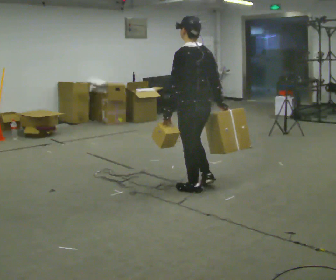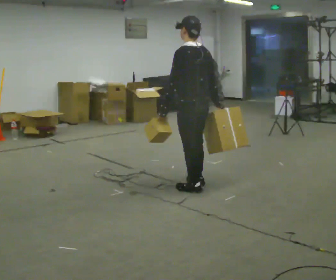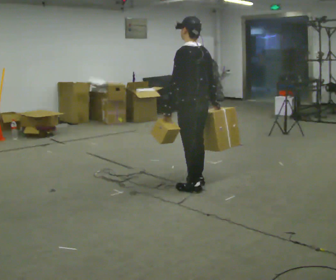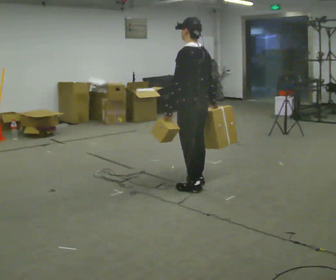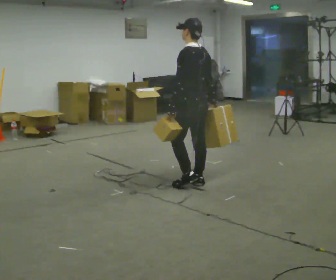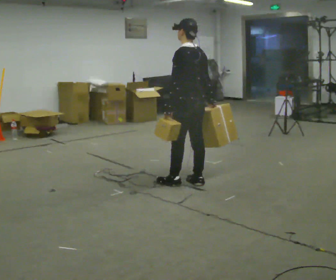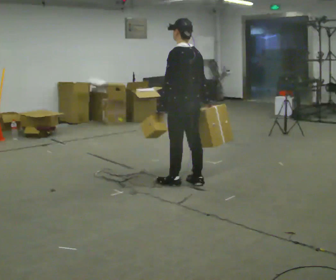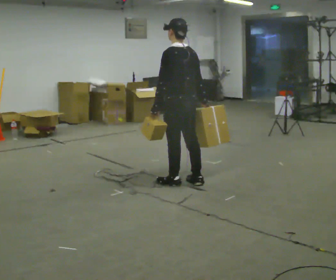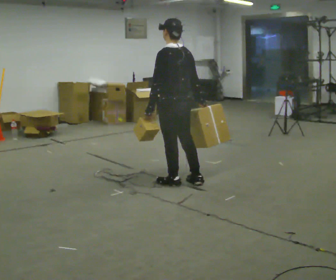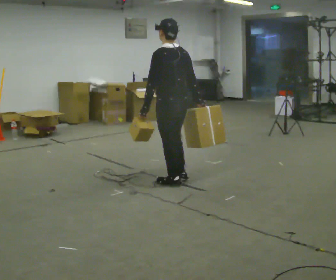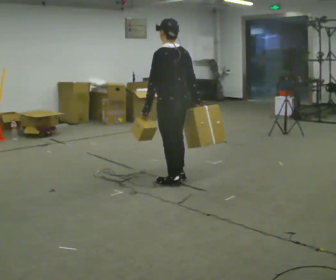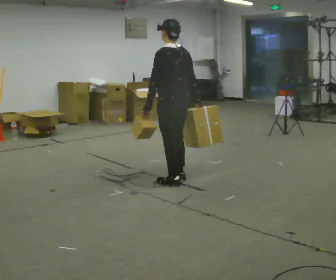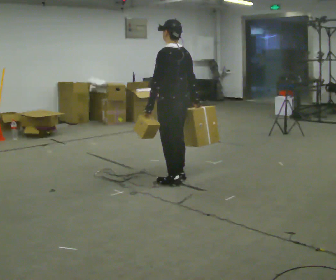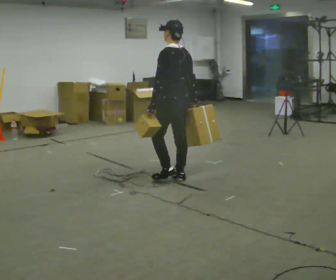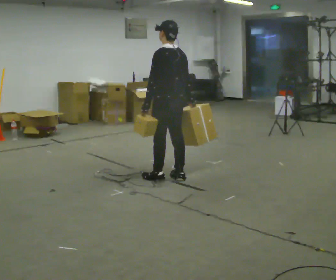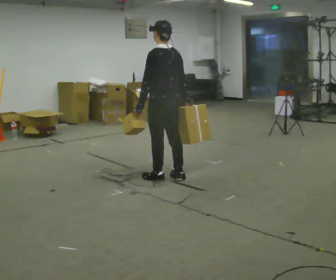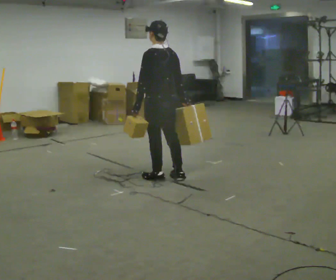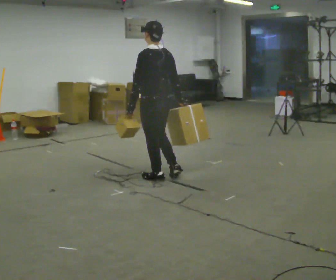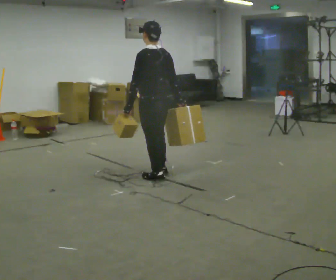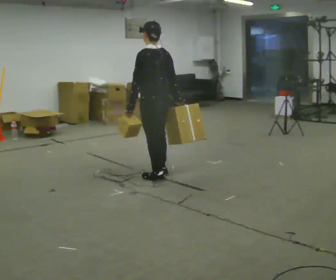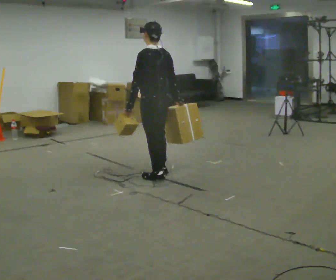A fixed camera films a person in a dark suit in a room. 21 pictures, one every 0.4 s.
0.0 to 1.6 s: In the picture they go away from the camera, about 0.25 m in 1 step, which for them is to their right and forward.
1.6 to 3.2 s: In the picture they go to the left, about 0.25 m in 1 step, which for them is to their left and forward.
3.2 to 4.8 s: The person moves a little, or ends about where they began.
4.8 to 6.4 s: In the picture they go to the left, about 0.25 m in 1 step, which for them is forward.
6.4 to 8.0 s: The person moves a little, or ends about where they began.
The film runs forward here.
